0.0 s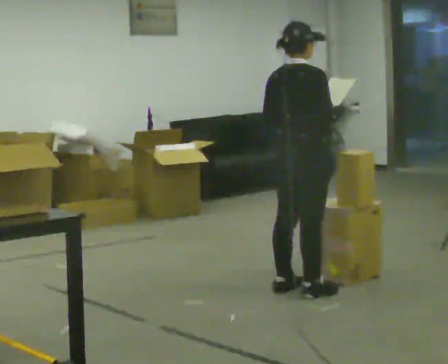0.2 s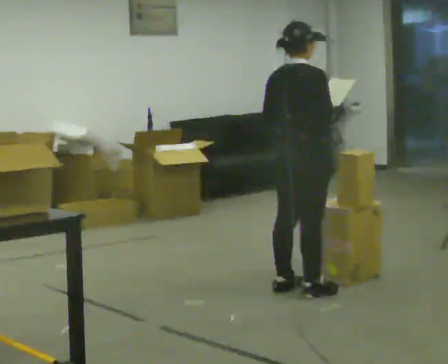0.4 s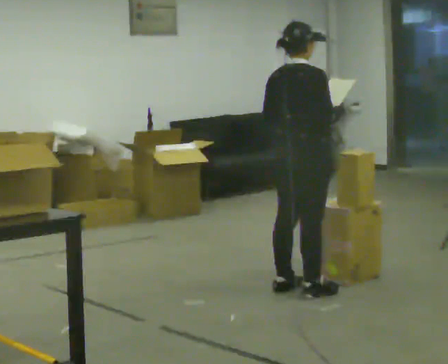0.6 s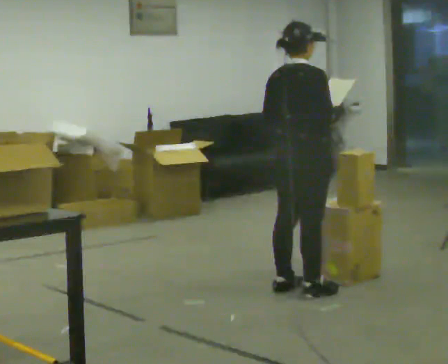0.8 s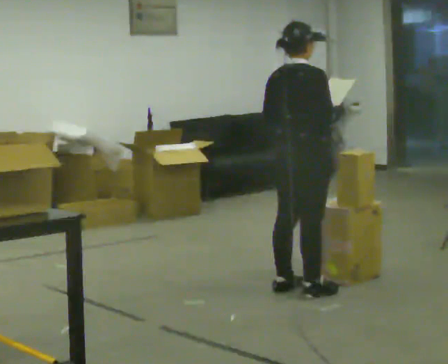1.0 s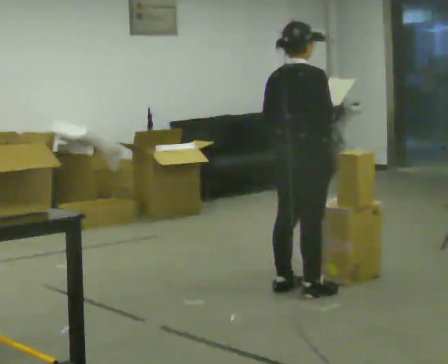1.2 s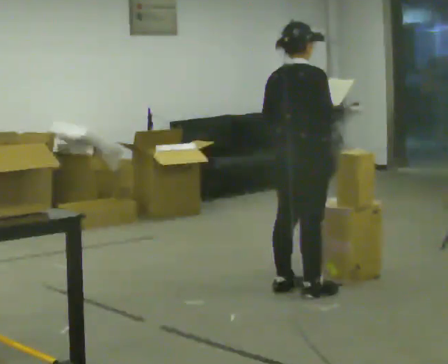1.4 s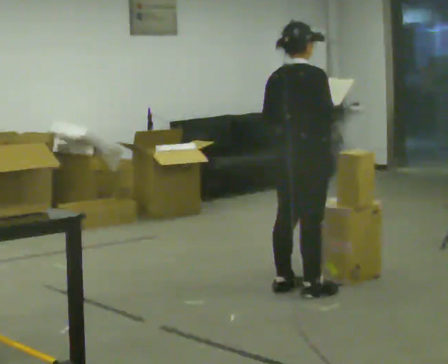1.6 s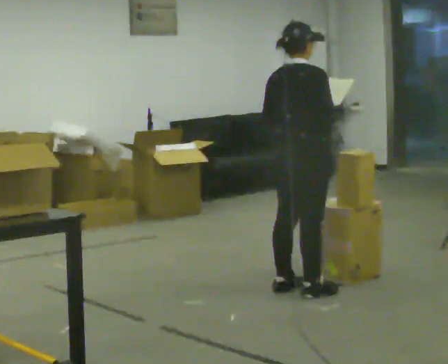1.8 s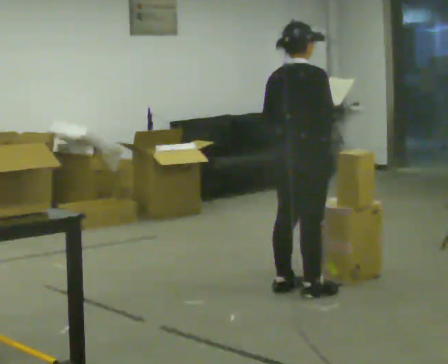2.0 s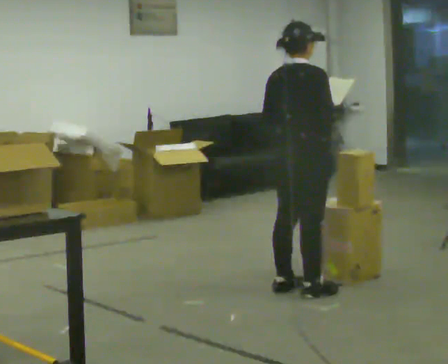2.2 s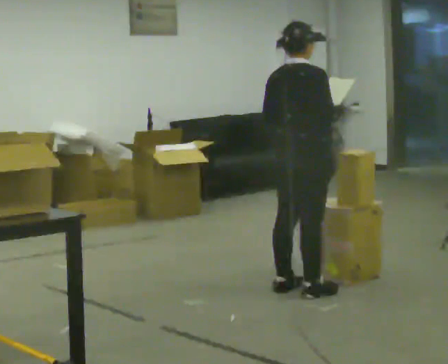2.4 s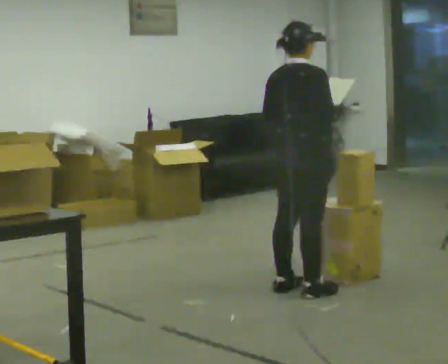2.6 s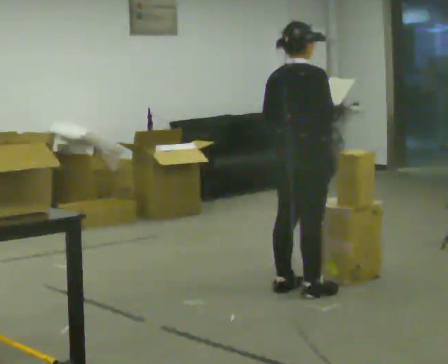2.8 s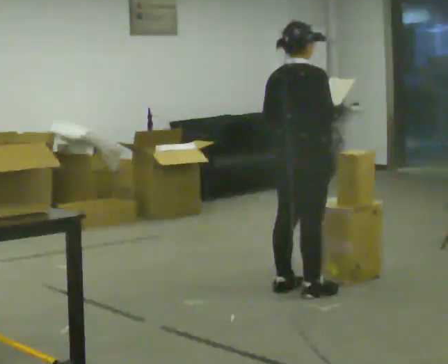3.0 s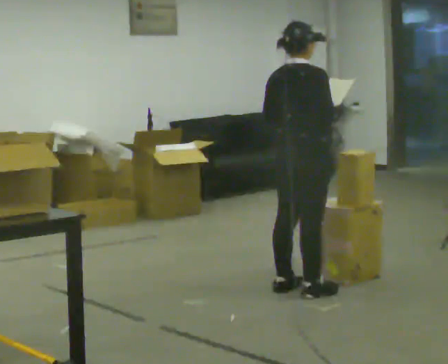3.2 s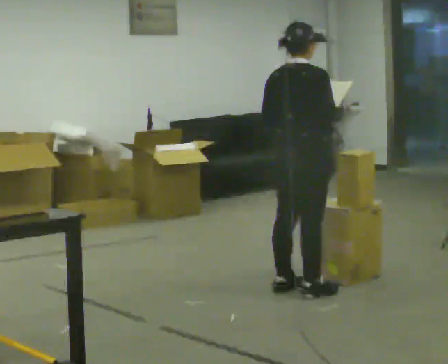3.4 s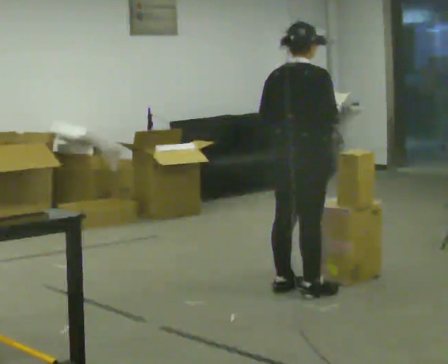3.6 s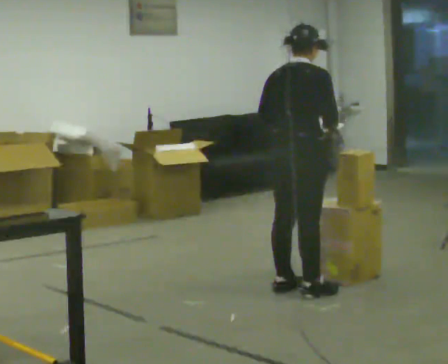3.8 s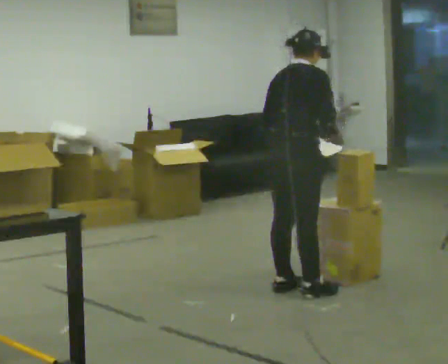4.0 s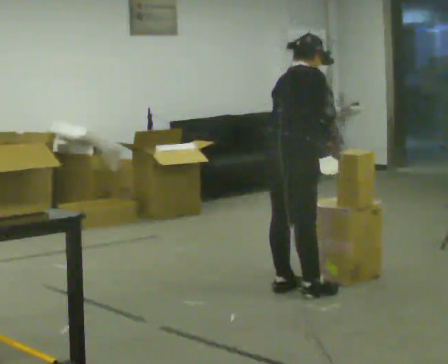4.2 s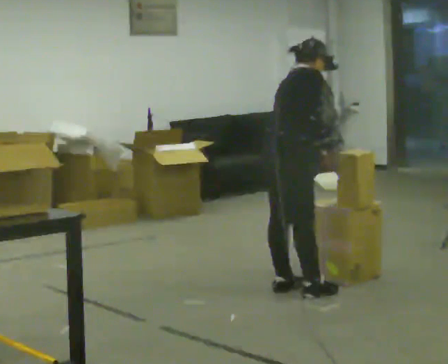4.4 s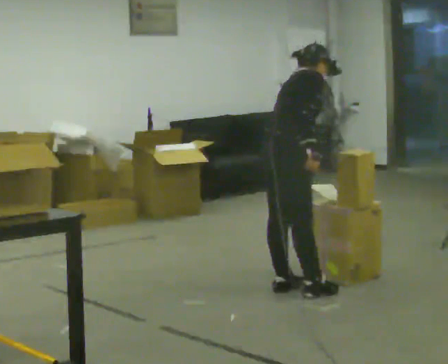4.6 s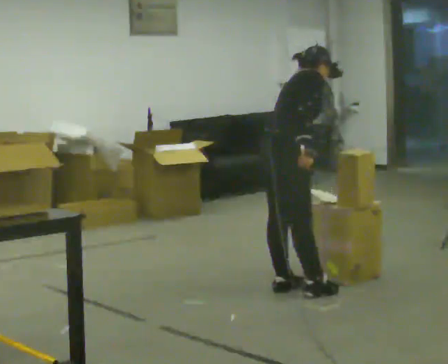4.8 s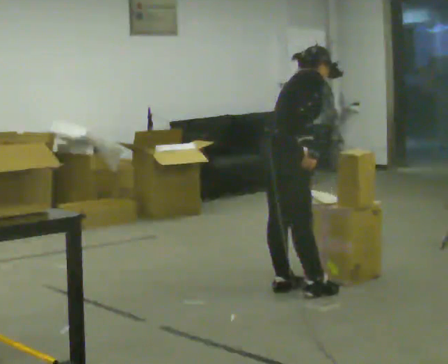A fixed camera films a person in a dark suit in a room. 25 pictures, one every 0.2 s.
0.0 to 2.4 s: The person keeps their place and pose.
2.4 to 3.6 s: The person moves a little, or ends about where they began.
3.6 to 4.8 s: The person turns about 30 degrees to their right, clockwise seen from above, so the part of the body nearest the lens slides to the left. The upper body tips away from the camera, its near side rolling upward, as they bend forward.
The film runs forward here.
